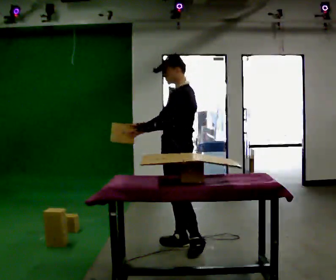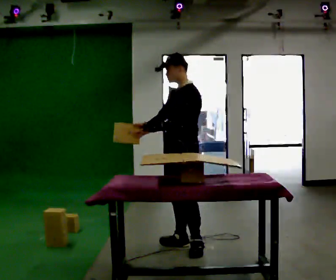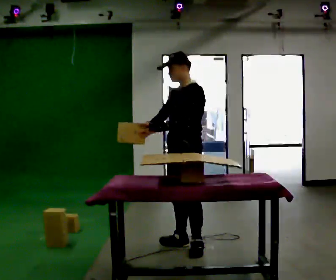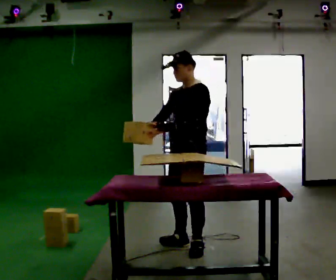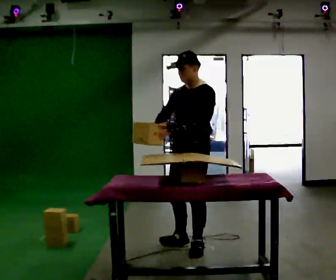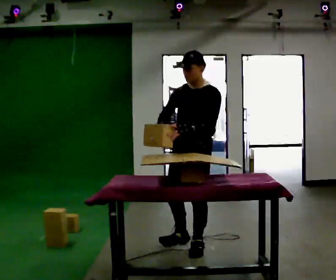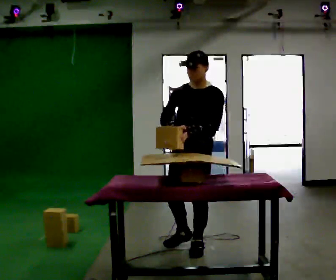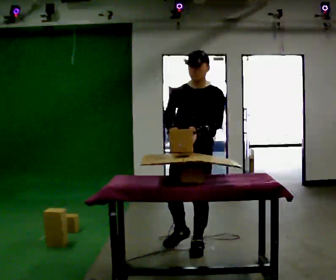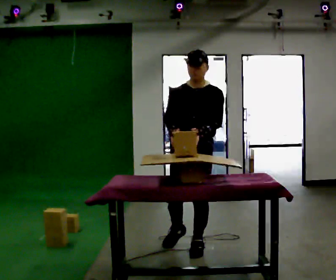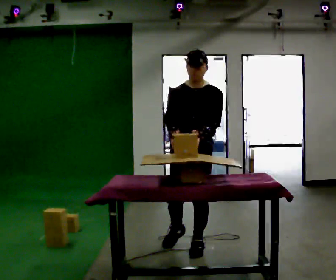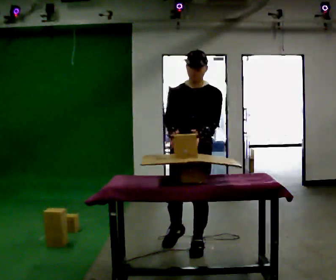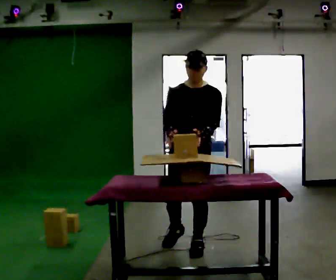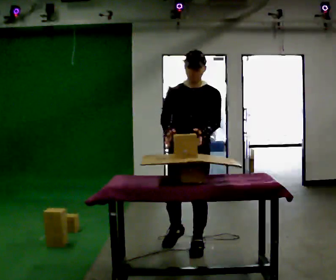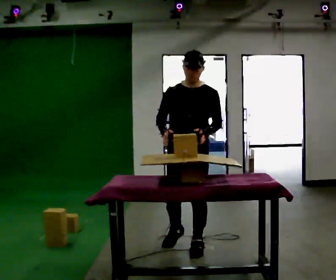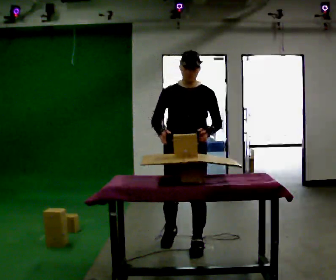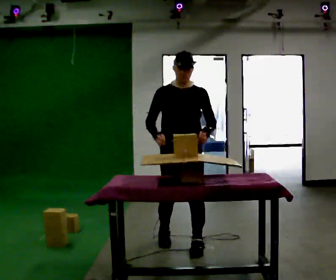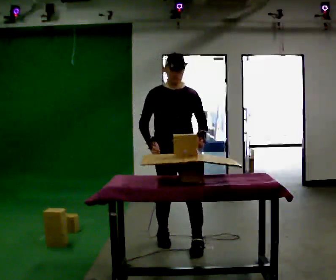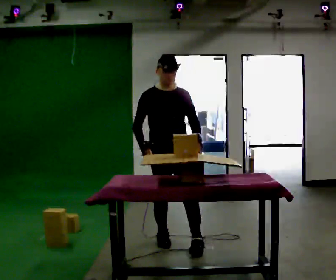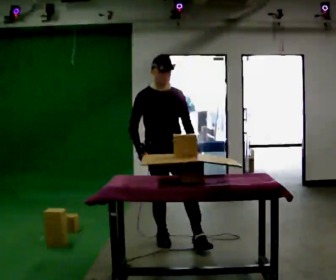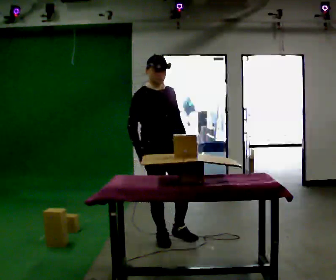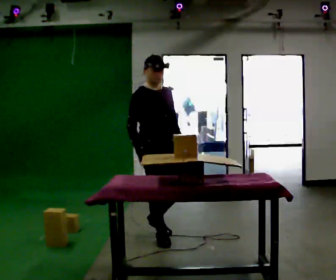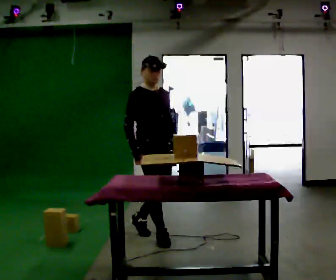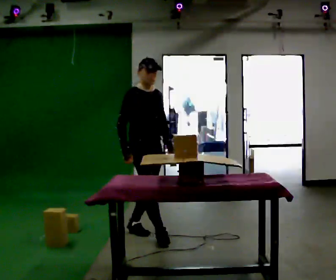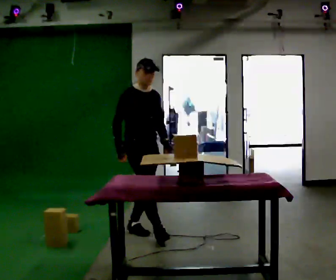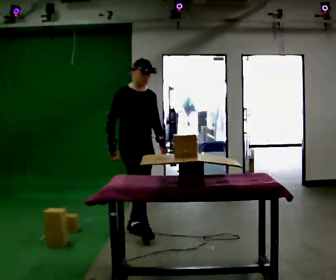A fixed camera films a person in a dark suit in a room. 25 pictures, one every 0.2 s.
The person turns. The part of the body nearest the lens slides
to the right.
The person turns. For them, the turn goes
to their left.
0.0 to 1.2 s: Seen from above the body turns counterclockwise, about 45 degrees: to their left, with its near side sliding to the right. In the picture they go toward the camera, about 0.25 m, which for them is to their left.
1.2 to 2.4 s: The person moves a little, or ends about where they began.
2.4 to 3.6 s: Seen from above the body turns counterclockwise, about 30 degrees: to their left, with its near side sliding to the right. In the picture they go to the left and away from the camera, about 0.25 m in 2 steps, which for them is to their right and backward.
3.6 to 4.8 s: In the picture they go away from the camera and to the left, about 0.5 m in 1 step, which for them is backward.
The film runs backward here.
